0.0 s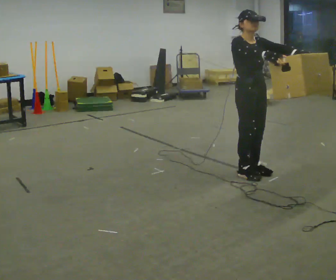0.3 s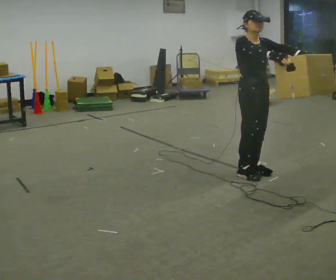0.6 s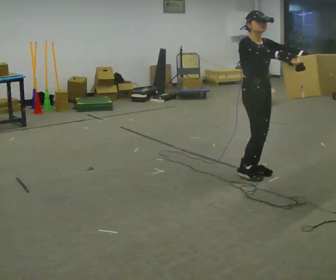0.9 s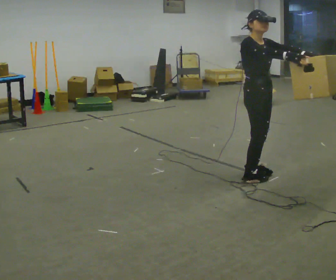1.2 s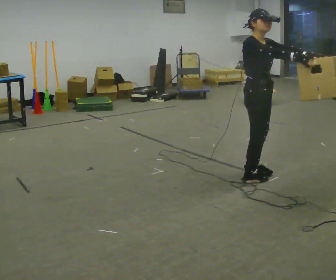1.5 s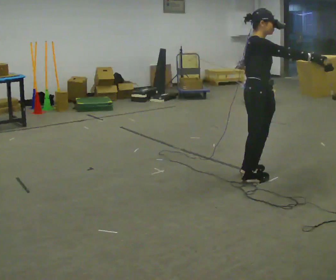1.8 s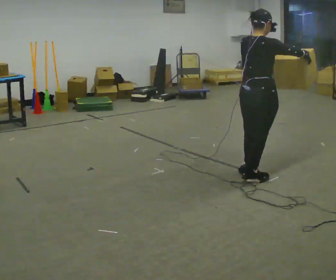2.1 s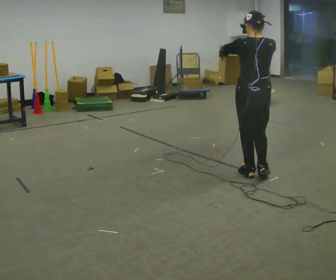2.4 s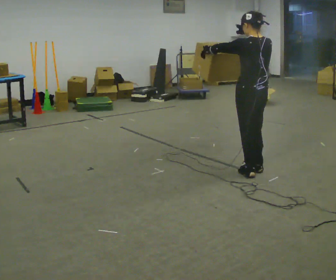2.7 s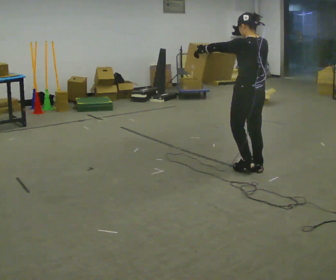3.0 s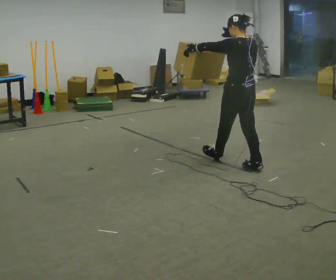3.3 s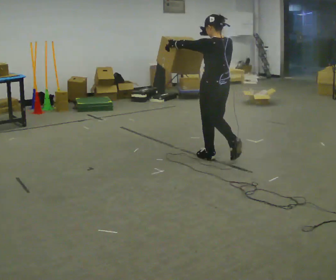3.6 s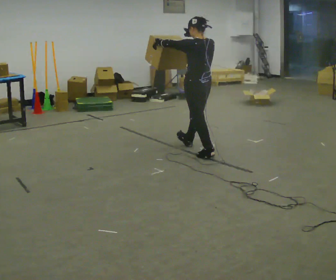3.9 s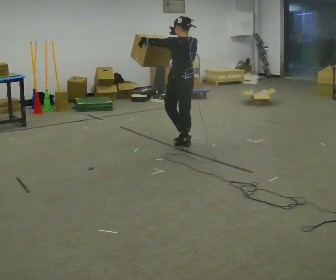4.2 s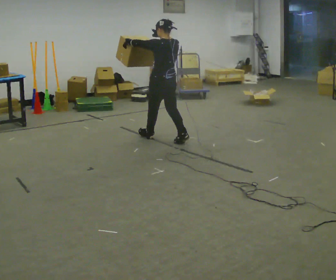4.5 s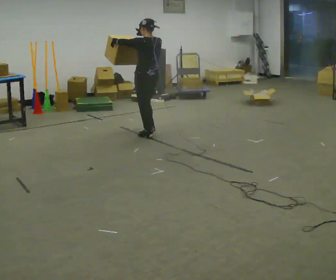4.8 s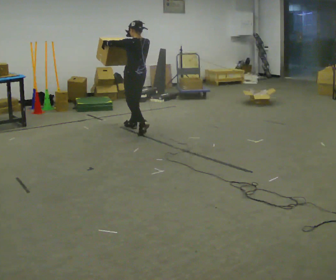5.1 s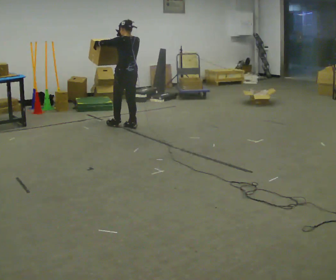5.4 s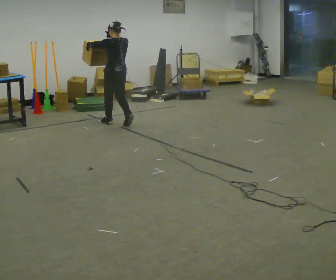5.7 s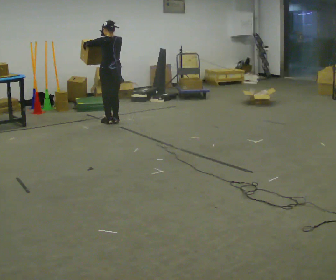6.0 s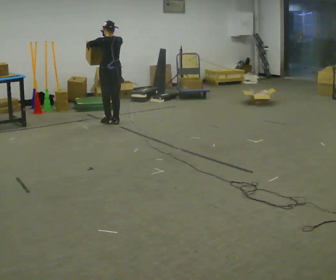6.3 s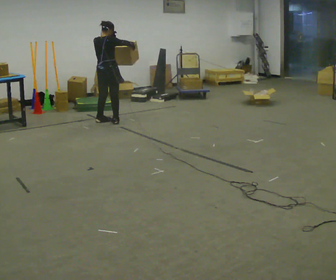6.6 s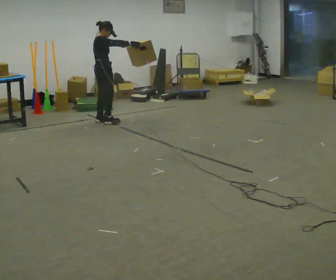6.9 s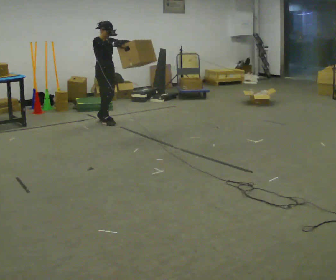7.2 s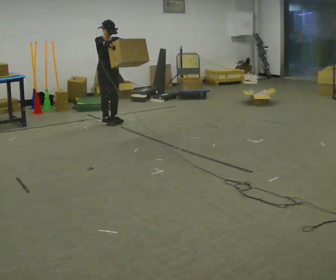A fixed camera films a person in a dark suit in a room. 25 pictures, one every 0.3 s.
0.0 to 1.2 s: The person moves a little, or ends about where they began.
1.2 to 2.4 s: Seen from above the body turns counterclockwise, about 150 degrees: to their left, with its near side sliding to the right.
2.4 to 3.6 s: In the picture they go away from the camera and to the left, about 1 m in 1 step, which for them is forward.
3.6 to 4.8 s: In the picture they go away from the camera and to the left, about 1 m in 3 steps, which for them is forward.
4.8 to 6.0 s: In the picture they go away from the camera and to the left, about 0.5 m in 2 steps, which for them is forward.
6.0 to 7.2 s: The part of the body nearest the lens slides to the left as the person turns to their right by about 165 degrees. In the picture their left hand goes to the right.
The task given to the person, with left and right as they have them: Carry the object held up above your head, walking back and forth across the room.
The film runs forward here.
